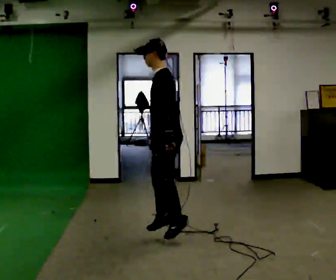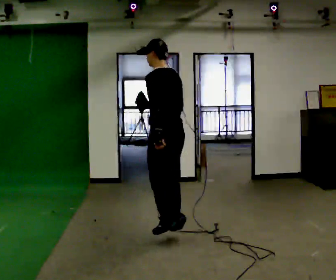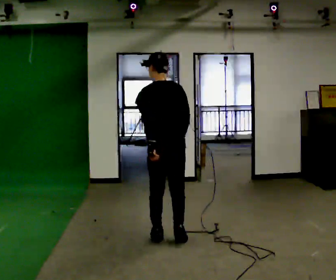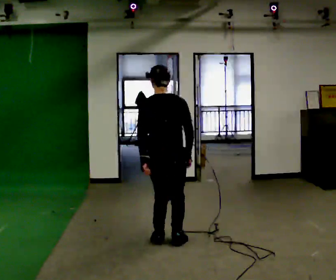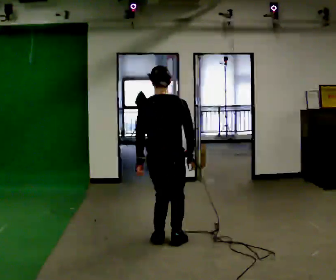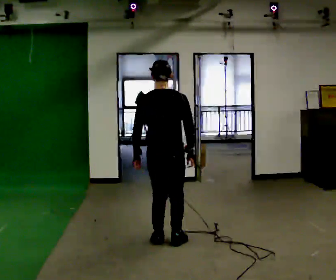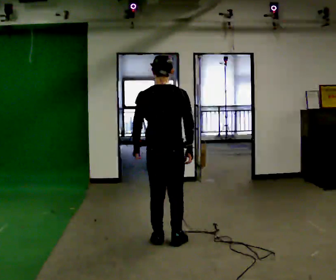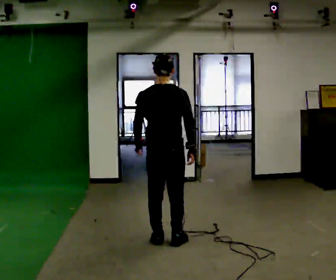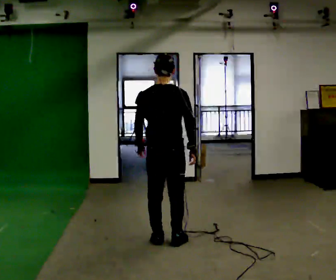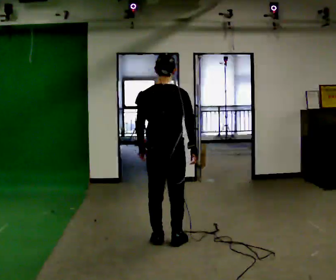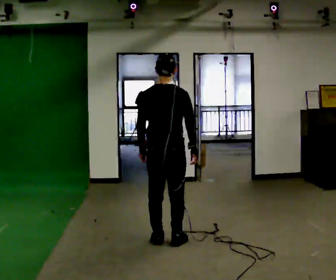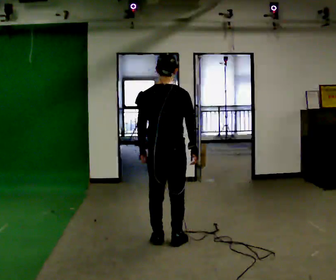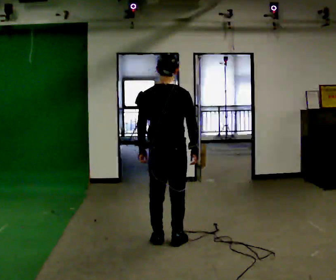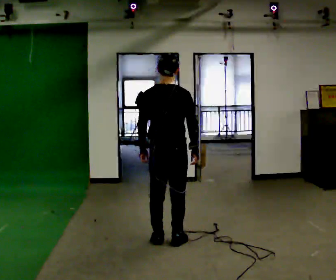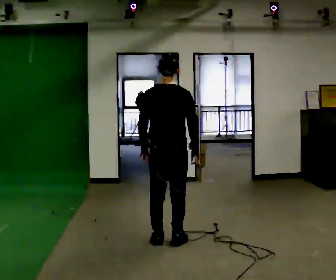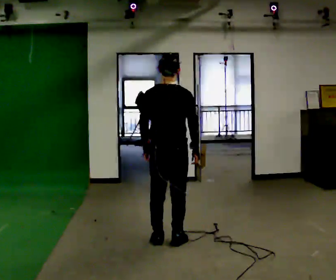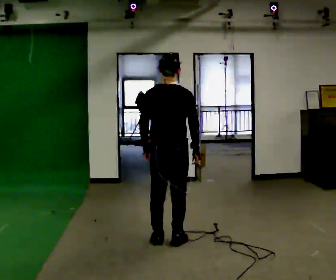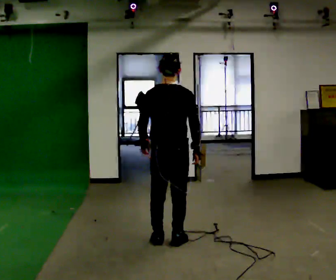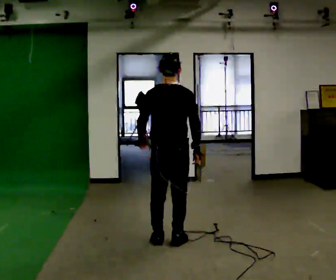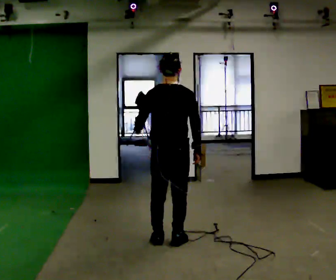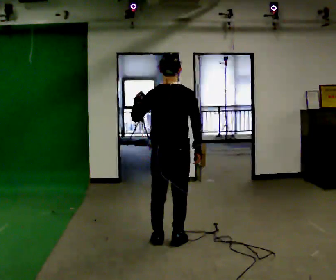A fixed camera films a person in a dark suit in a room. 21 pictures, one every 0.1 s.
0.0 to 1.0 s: The part of the body nearest the lens slides to the left as the person turns to their right by about 90 degrees.
1.0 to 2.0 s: In the picture their left hand goes upward, the arm swinging clockwise.
The film runs forward here.
